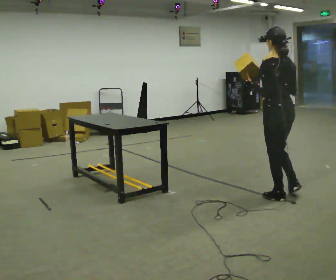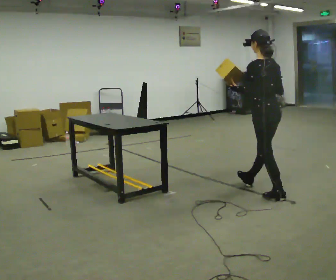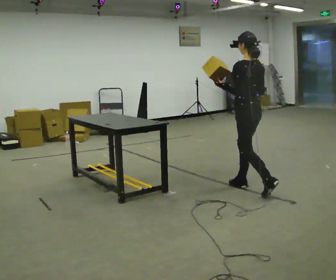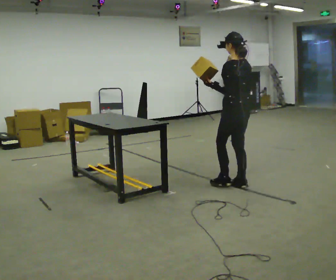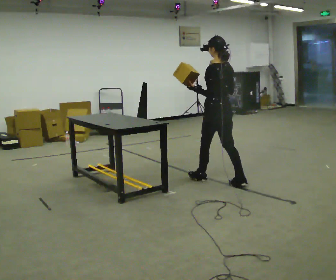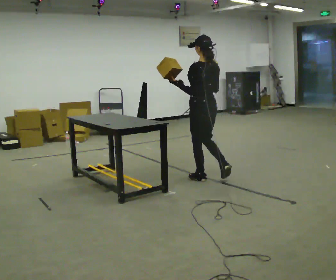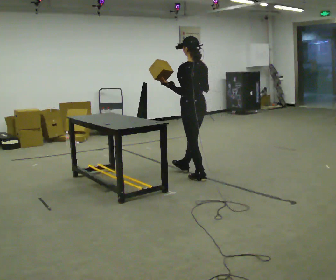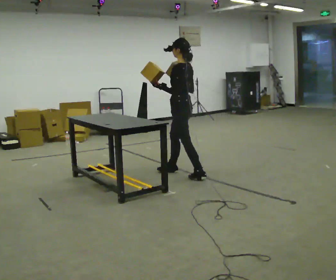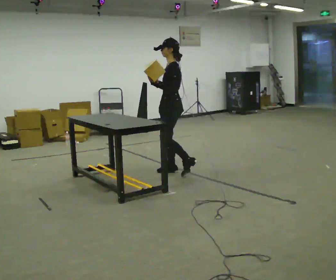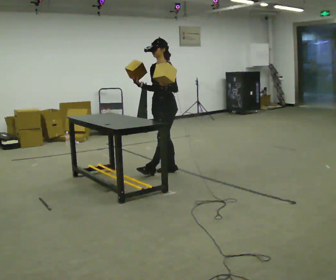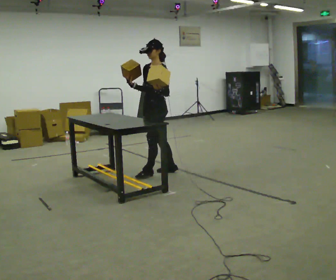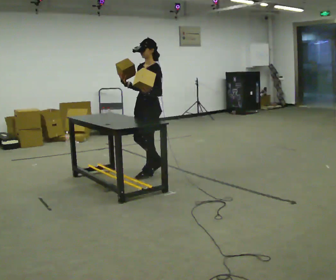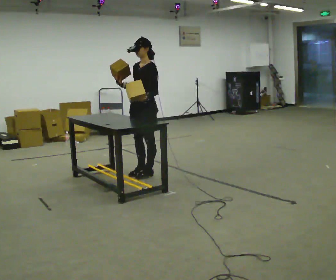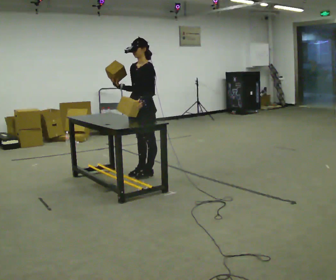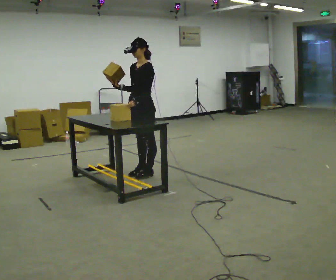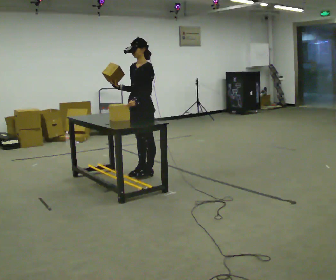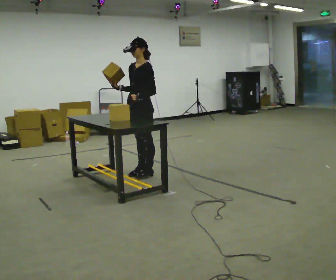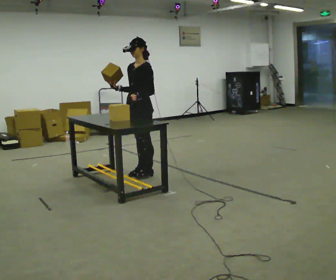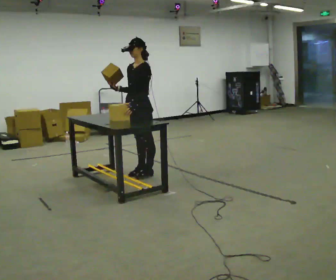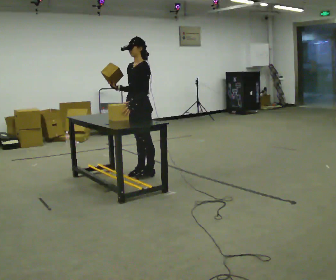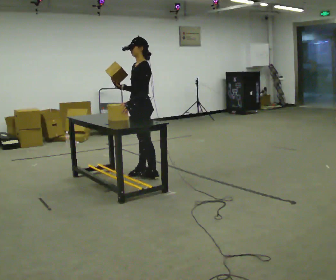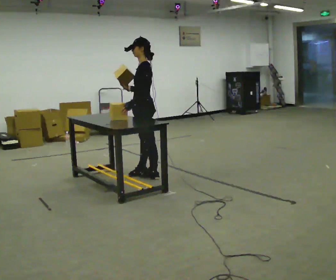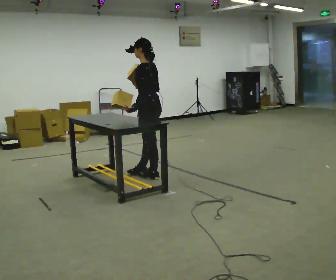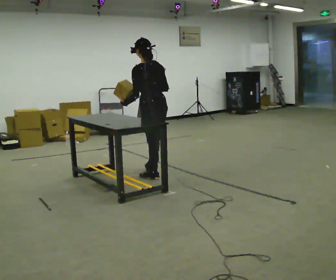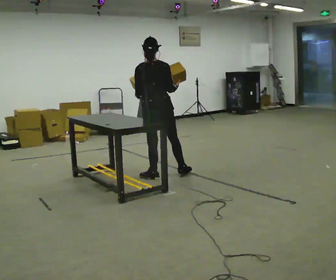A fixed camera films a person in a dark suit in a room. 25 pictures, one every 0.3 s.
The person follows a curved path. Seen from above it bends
counterclockwise.
0.0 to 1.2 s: In the picture they go away from the camera and to the left, about 1 m in 2 steps, which for them is forward.
1.2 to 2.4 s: The part of the body nearest the lens slides to the right as the person turns to their left by about 60 degrees. In the picture they go away from the camera and to the left, about 0.75 m in 1 step.
2.4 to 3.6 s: In the picture they go to the left, about 0.25 m in 2 steps, which for them is forward.
3.6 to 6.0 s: The person moves a little, or ends about where they began.
6.0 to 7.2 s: The person turns about 105 degrees to their right, clockwise seen from above, so the part of the body nearest the lens slides to the left. In the picture they go toward the camera, about 0.25 m.
The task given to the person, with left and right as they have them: Carry two objects across the room, then put just one of them on the shelf while still holding the other. Then bring them both back. Keep going until the operator says stop; one object at a time, and do not rush between trips.
The film runs forward here.
